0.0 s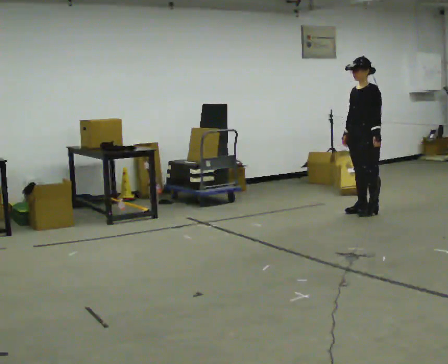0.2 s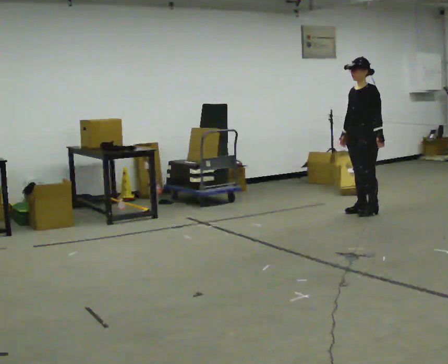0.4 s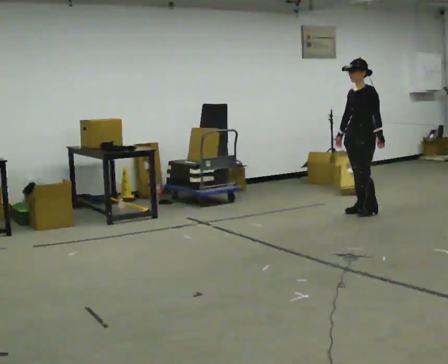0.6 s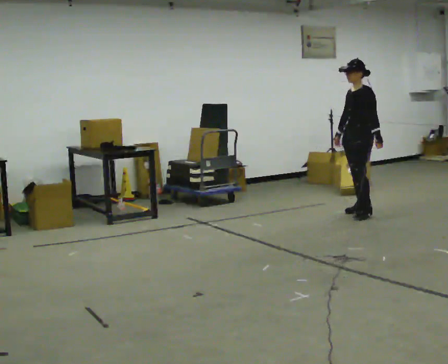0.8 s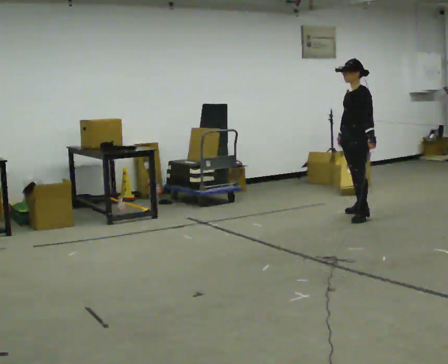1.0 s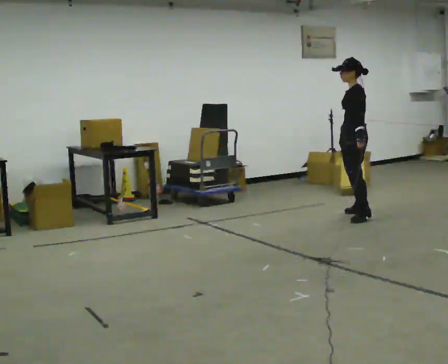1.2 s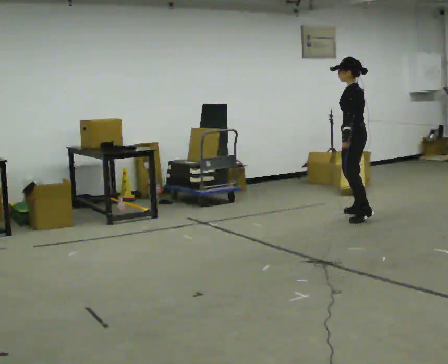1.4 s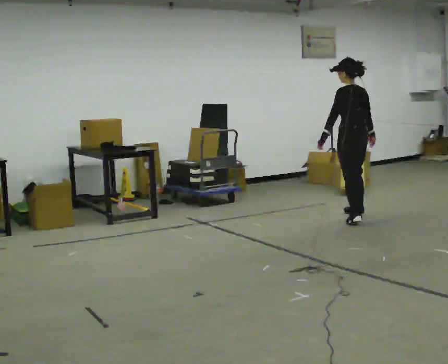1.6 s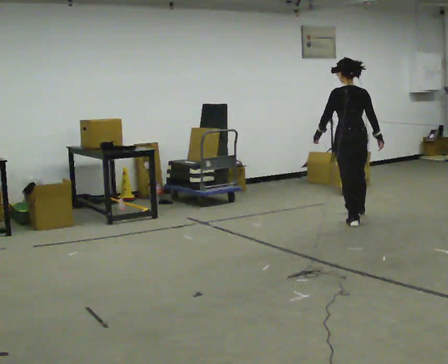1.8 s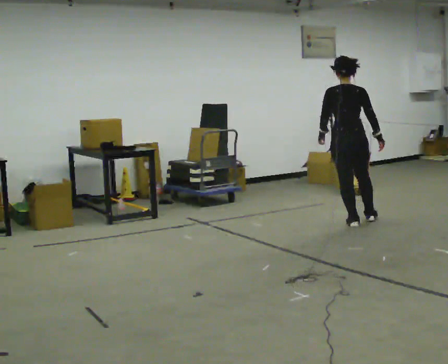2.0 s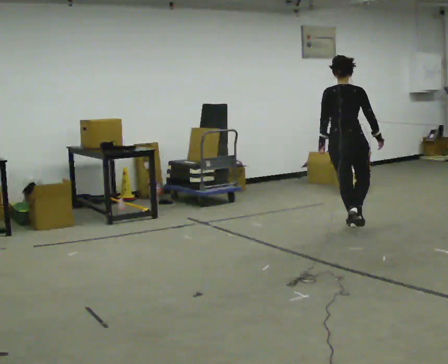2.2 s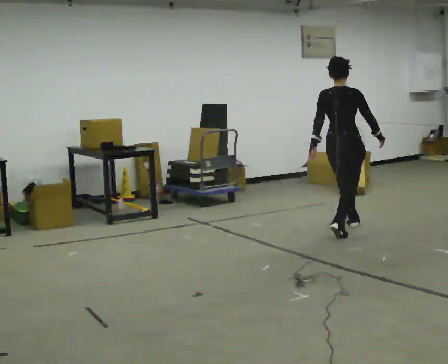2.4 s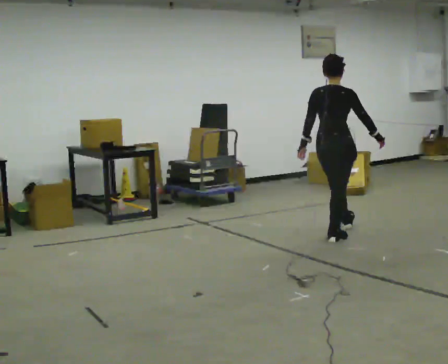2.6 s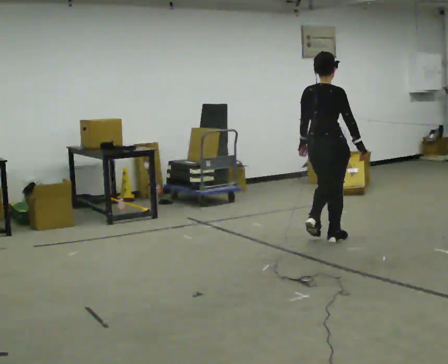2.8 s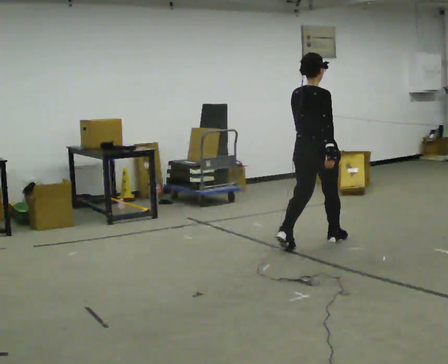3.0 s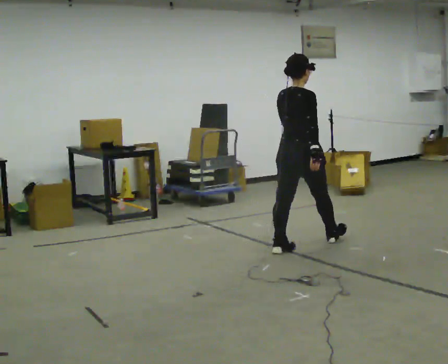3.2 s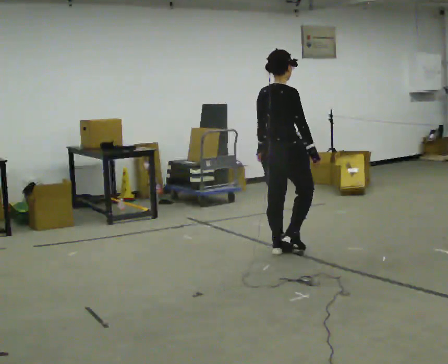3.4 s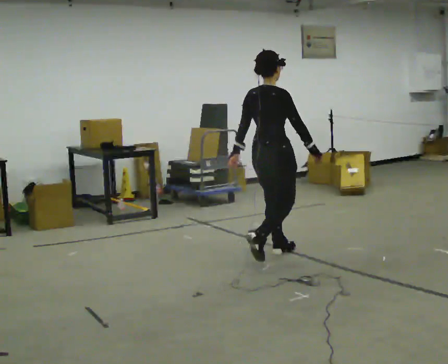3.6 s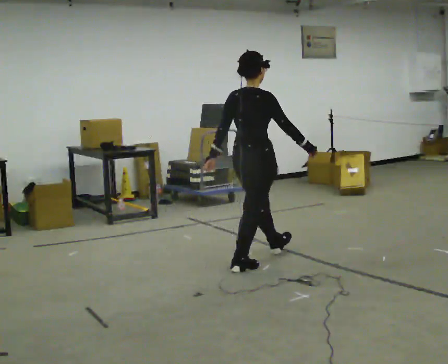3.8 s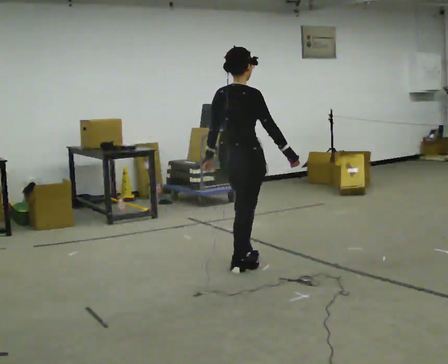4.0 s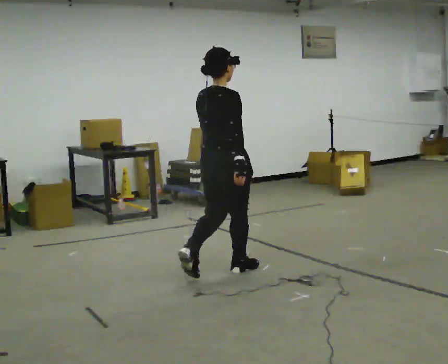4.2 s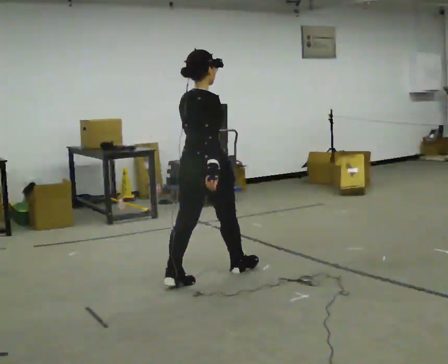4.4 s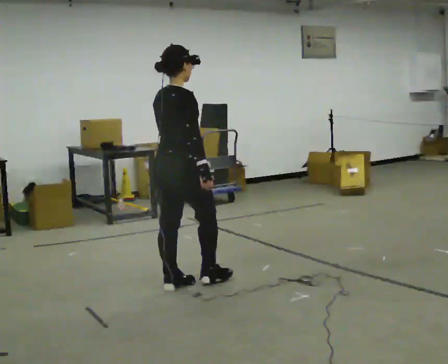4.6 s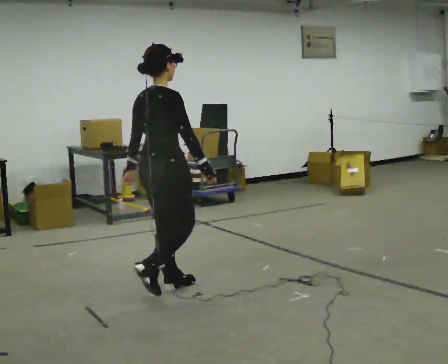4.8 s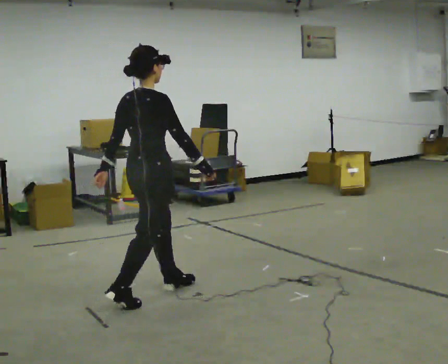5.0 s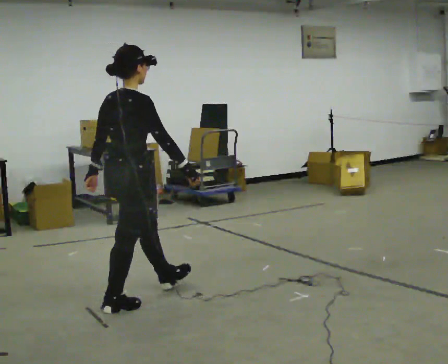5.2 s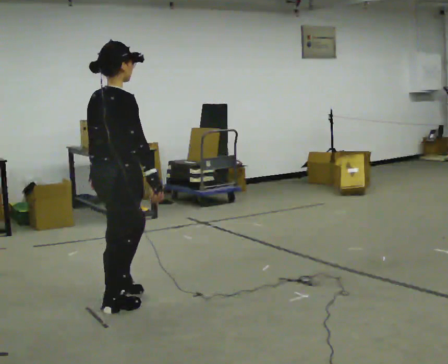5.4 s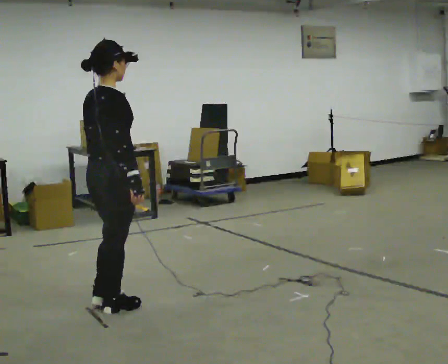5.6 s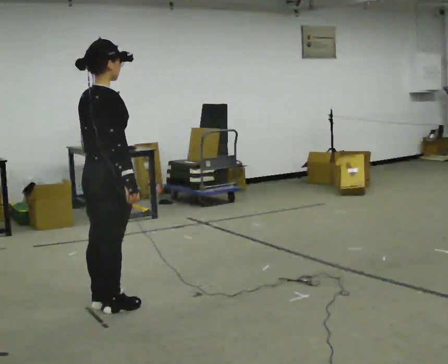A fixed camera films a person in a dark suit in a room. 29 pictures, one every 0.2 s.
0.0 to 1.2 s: The person turns about 45 degrees to their right, clockwise seen from above, so the part of the body nearest the lens slides to the left.
1.2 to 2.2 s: The person turns about 105 degrees to their right, clockwise seen from above, so the part of the body nearest the lens slides to the left. In the picture they go toward the camera, about 0.75 m in 1 step.
2.2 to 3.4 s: In the picture they go toward the camera and to the left, about 1 m in 2 steps, which for them is backward.
3.4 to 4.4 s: In the picture they go toward the camera and to the left, about 1 m in 2 steps, which for them is backward.
4.4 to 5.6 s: In the picture they go toward the camera and to the left, about 0.75 m in 1 step, which for them is backward.
The film runs backward here.
